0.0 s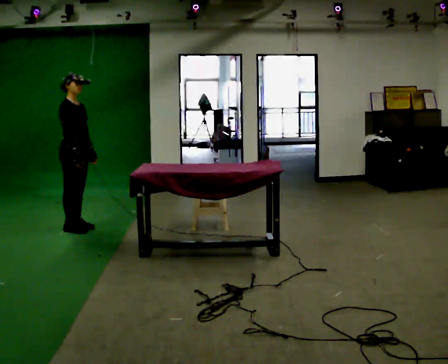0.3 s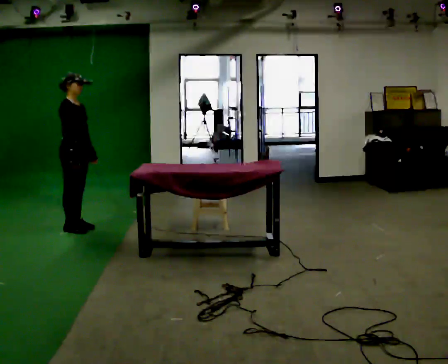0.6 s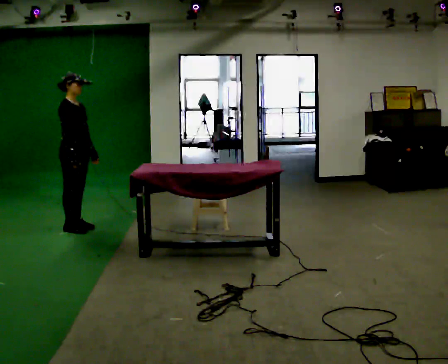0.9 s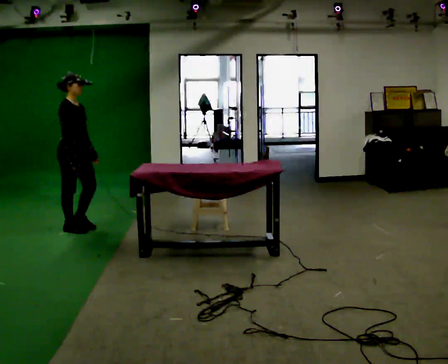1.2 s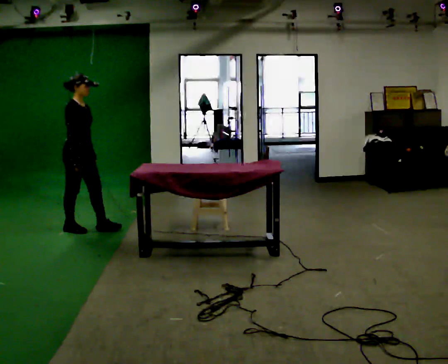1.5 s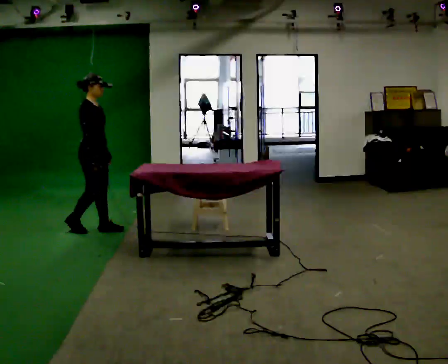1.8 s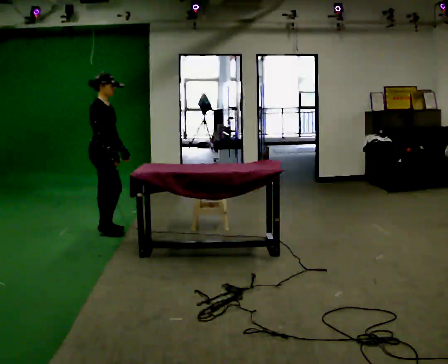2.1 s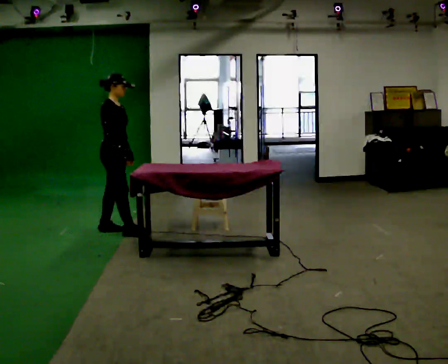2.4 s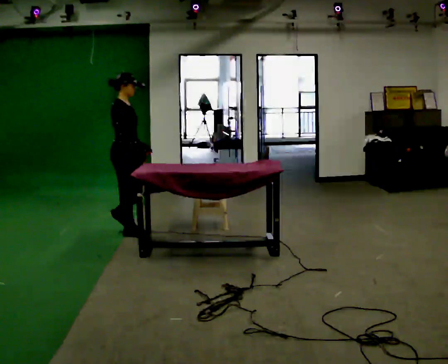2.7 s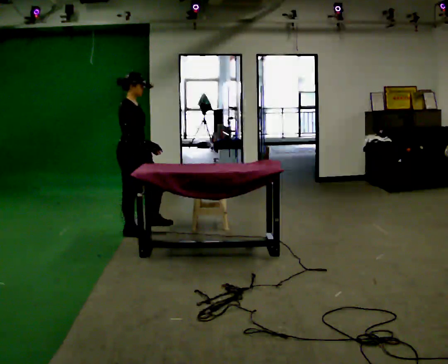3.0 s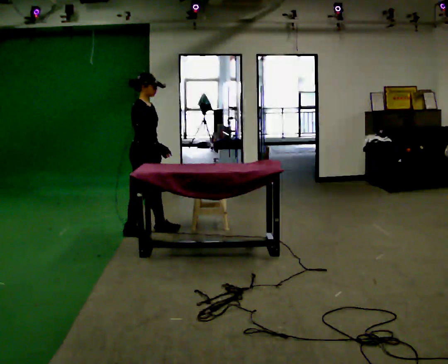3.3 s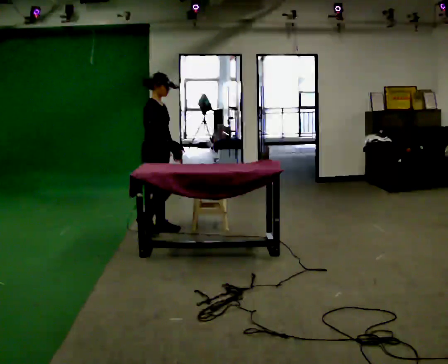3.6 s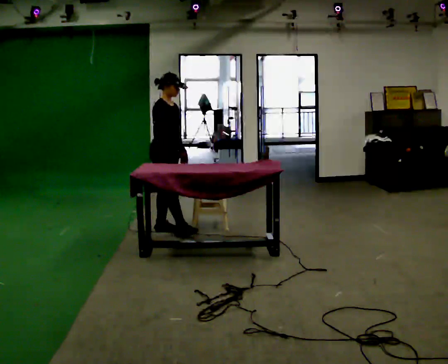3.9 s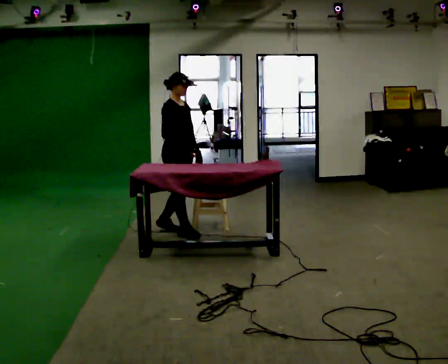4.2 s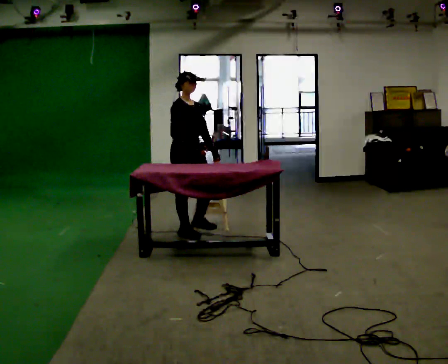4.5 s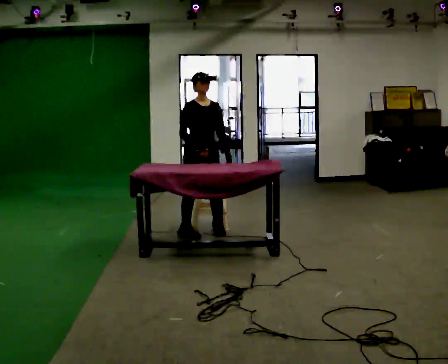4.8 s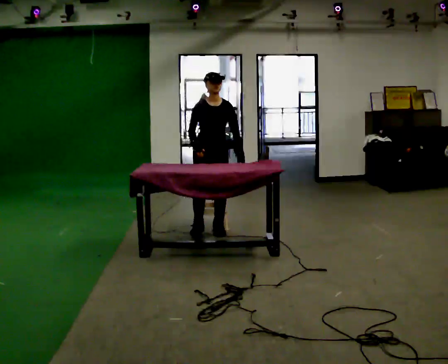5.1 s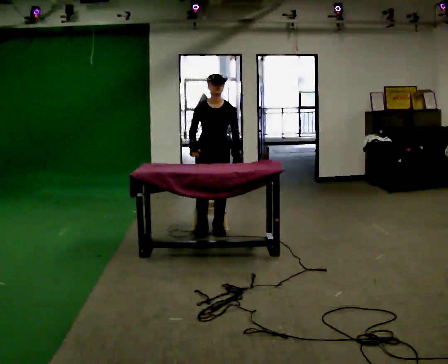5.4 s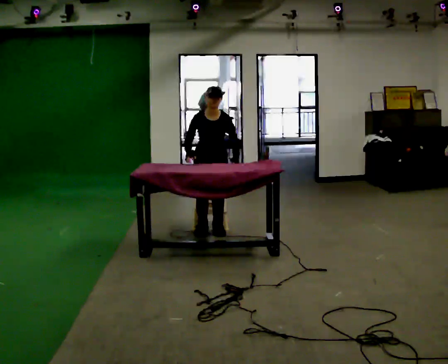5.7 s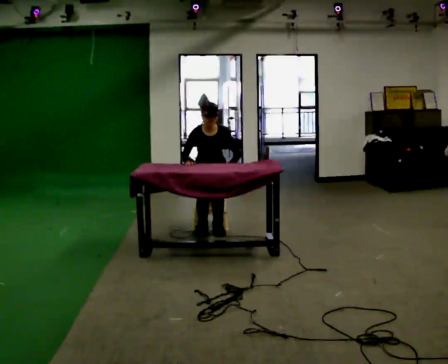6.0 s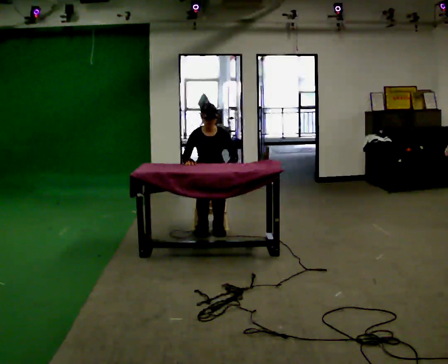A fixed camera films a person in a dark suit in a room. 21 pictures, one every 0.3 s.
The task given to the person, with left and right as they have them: Walk up to the chair at the table, sit down into the space, settle as if you were about to work there, then stand up and step away. Repeat the movement at your own pace until the operator says stop; do not rush.
0.0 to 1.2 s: The person moves a little, or ends about where they began.
1.2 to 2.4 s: In the picture they go to the right, about 0.5 m in 2 steps, which for them is forward.
2.4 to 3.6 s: In the picture they go to the right, about 0.5 m in 1 step, which for them is forward and to their left.
3.6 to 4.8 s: The part of the body nearest the lens slides to the left as the person turns to their right by about 60 degrees. In the picture they go to the right, about 0.5 m in 2 steps.
4.8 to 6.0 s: In the picture they go away from the camera, about 0.25 m in 1 step, which for them is backward. The shoulders move downward.
The film runs forward here.
